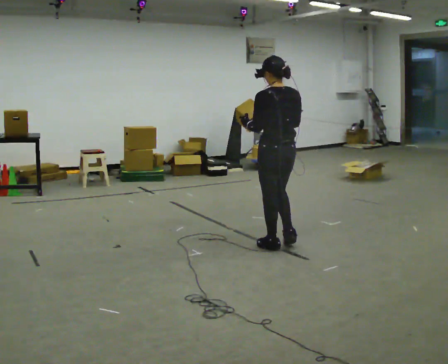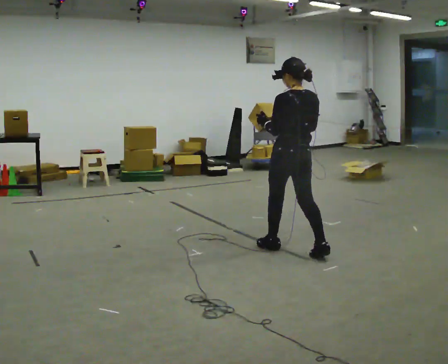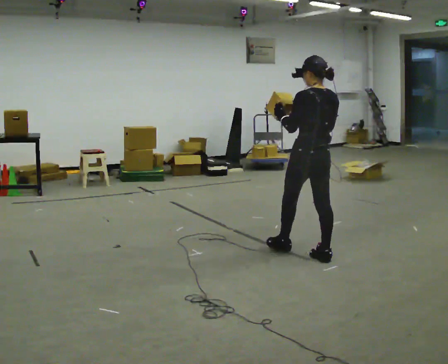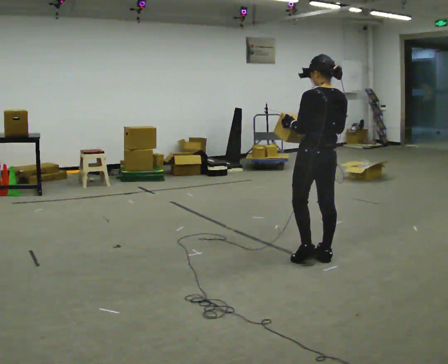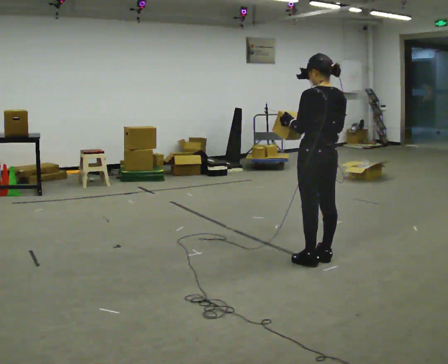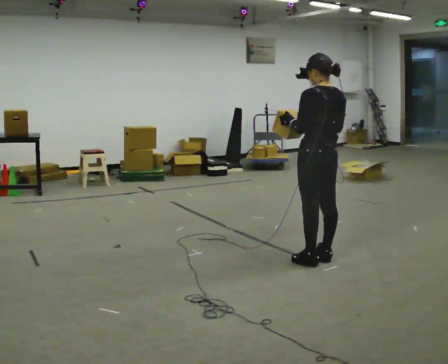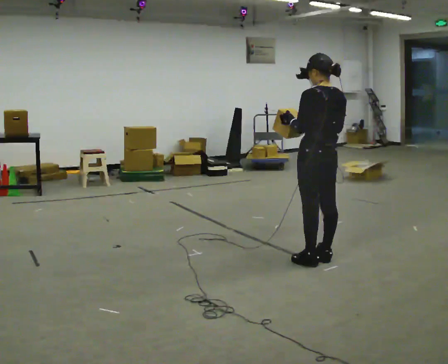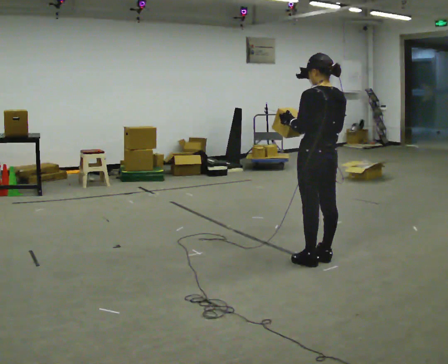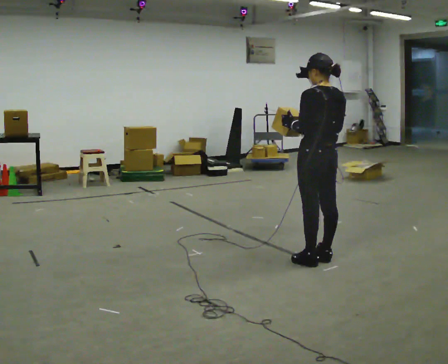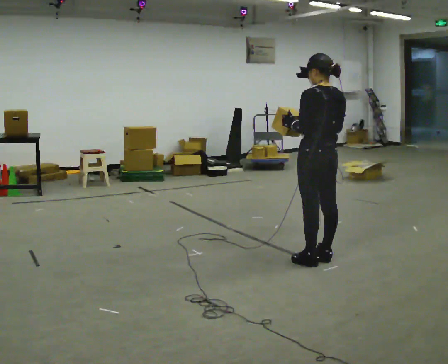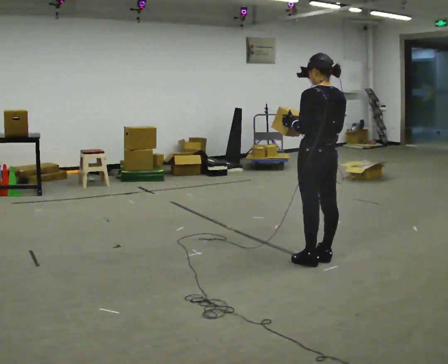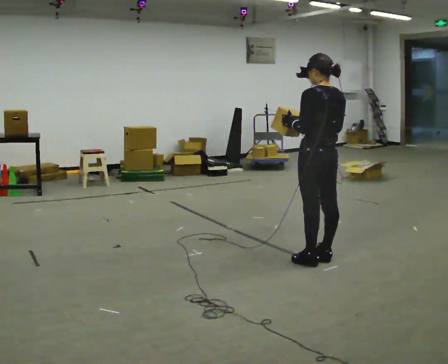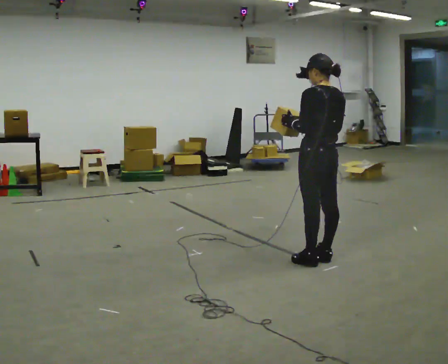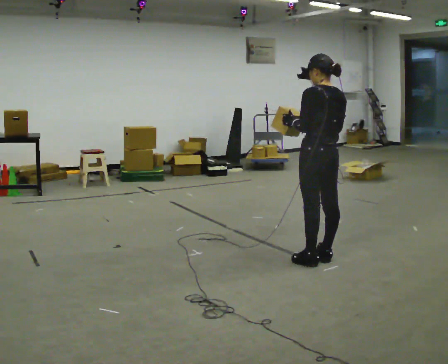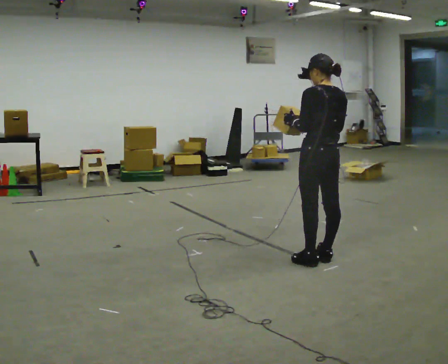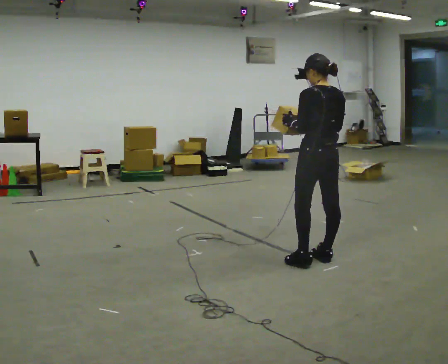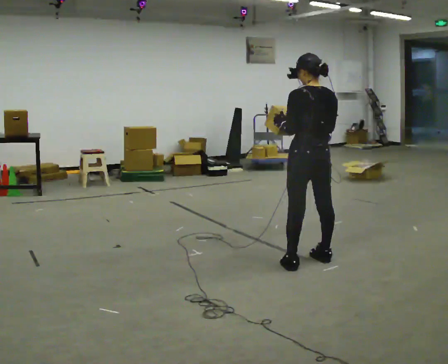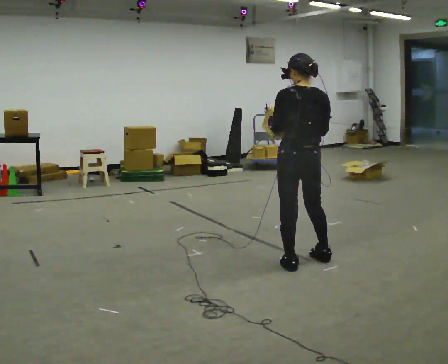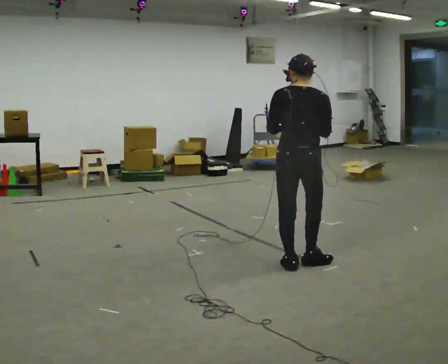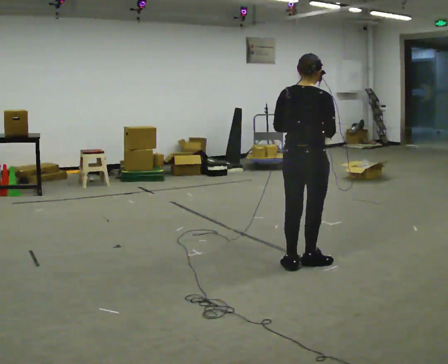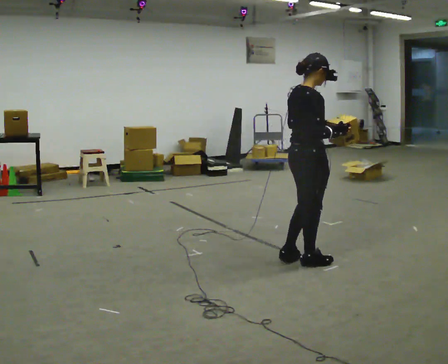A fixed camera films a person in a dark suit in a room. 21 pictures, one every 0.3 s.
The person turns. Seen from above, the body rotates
clockwise.
The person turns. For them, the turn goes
to their right.
0.0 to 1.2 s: In the picture they go to the right and toward the camera, about 0.5 m in 1 step, which for them is backward.
1.2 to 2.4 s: The person moves a little, or ends about where they began.
2.4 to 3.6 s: The person keeps their place and pose.
3.6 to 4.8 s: The person moves a little, or ends about where they began.
4.8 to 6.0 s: The part of the body nearest the lens slides to the left as the person turns to their right by about 90 degrees.
The film runs backward here.
